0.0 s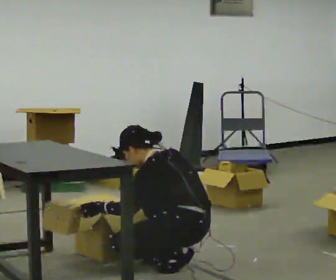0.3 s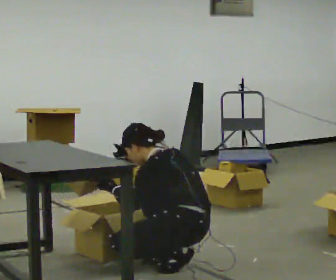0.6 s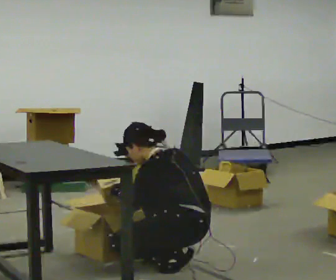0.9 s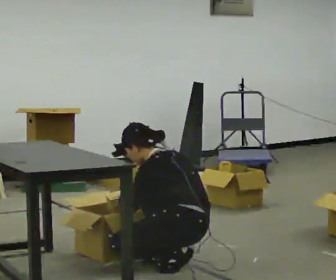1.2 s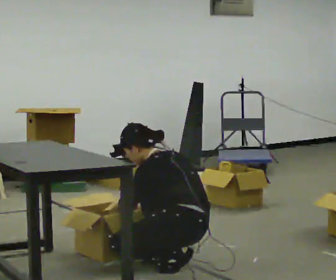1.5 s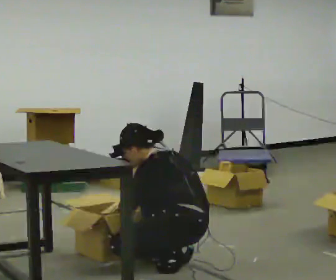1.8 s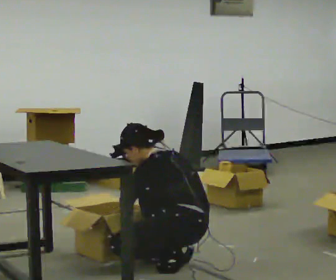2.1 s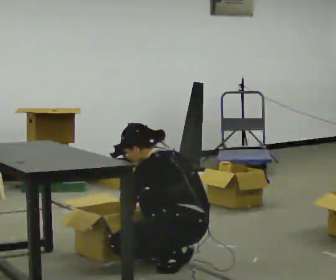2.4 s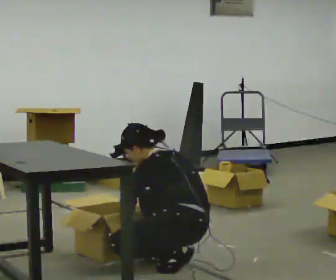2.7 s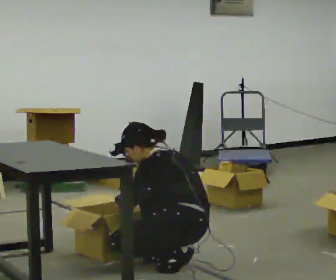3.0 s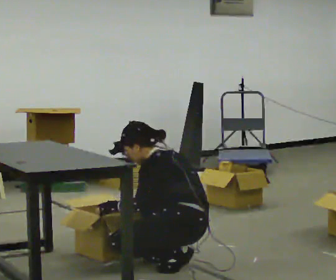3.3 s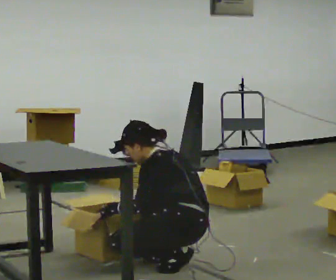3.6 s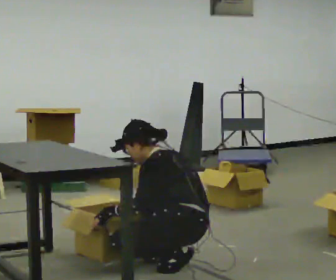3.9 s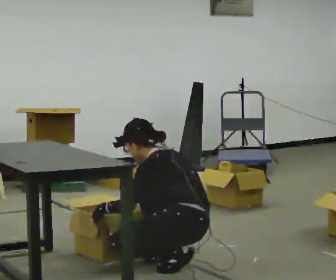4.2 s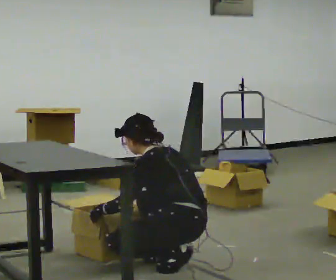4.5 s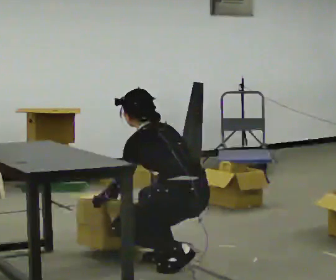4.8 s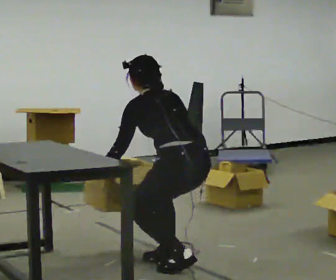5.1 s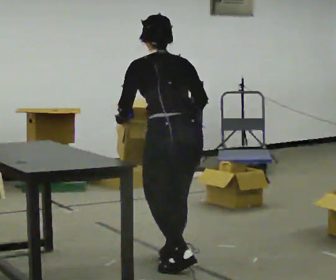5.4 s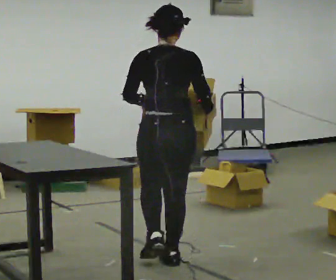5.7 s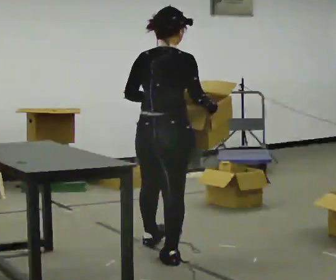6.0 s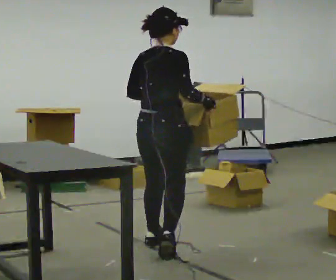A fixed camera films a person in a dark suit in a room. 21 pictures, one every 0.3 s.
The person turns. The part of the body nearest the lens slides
to the left.
The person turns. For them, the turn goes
to their right.
0.0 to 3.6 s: The person moves a little, or ends about where they began.
3.6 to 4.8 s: The person turns about 30 degrees to their right, clockwise seen from above, so the part of the body nearest the lens slides to the left. The shoulders move upward.
4.8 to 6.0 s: Seen from above the body turns clockwise, about 75 degrees: to their right, with its near side sliding to the left. In the picture they go away from the camera, about 0.5 m in 1 step. The upper body goes upward. The upper body tips toward the camera, its near side rolling downward, as they lean back or straighten. In the picture their right hand goes upward.
The film runs forward here.
